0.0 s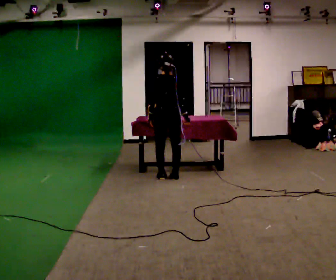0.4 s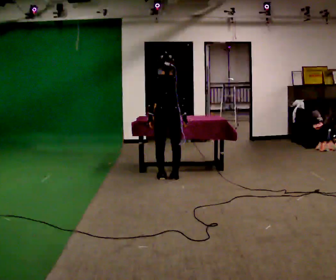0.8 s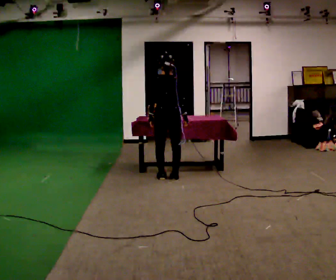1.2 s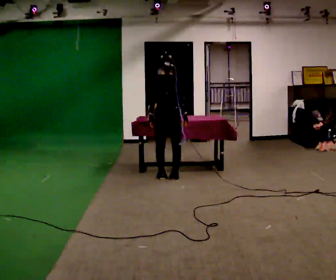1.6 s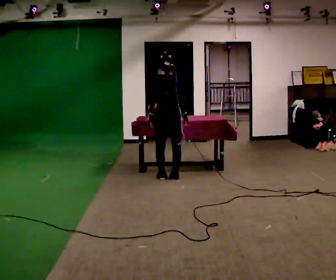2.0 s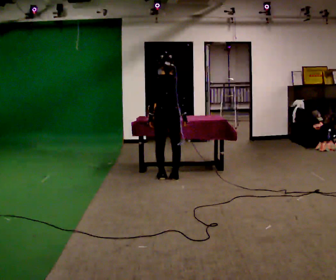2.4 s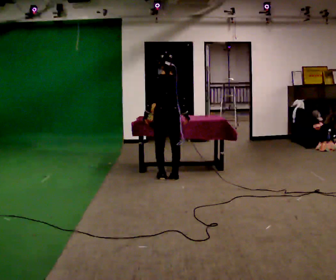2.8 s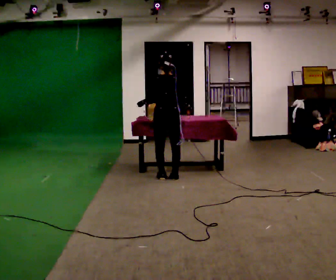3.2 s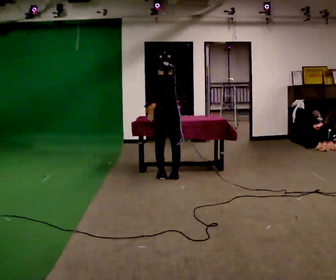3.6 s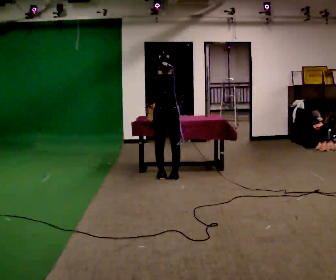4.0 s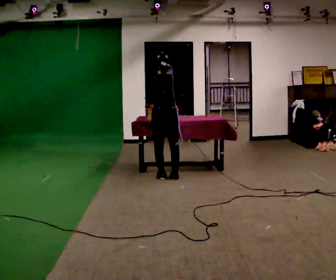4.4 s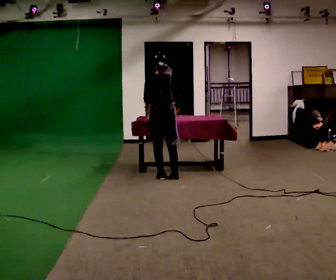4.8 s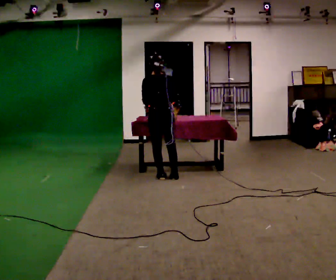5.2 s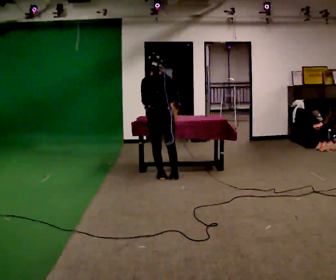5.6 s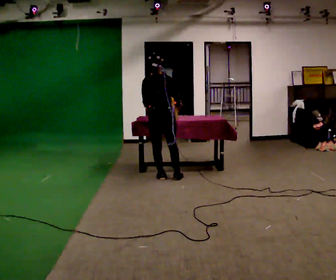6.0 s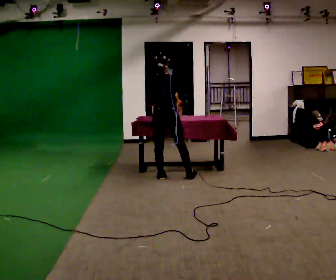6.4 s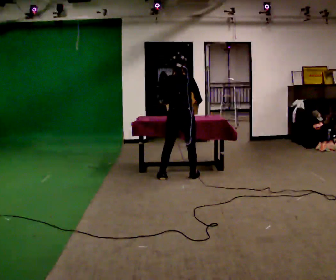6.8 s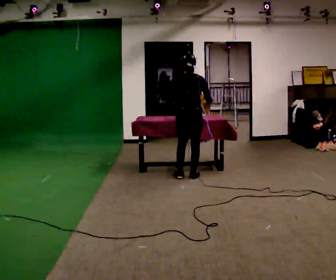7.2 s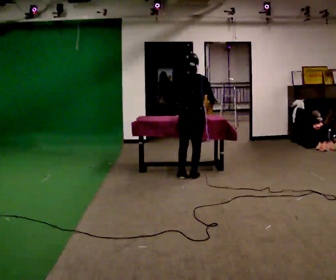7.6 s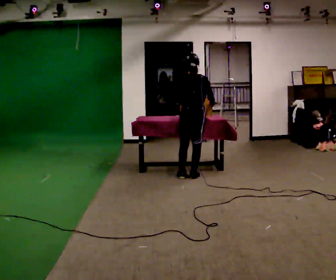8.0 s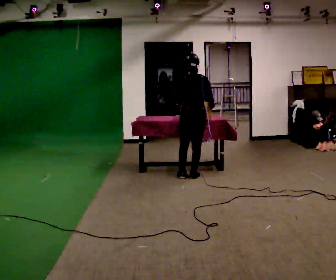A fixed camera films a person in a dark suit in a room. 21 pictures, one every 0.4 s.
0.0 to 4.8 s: The person moves a little, or ends about where they began.
4.8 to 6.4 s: In the picture they go to the right, about 0.25 m in 1 step, which for them is to their right.
6.4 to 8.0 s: In the picture they go to the right, about 0.25 m in 1 step, which for them is to their right.
The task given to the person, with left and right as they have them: Lift the heavy object with both hands and set it down again in a different spot on the same surface. Repeat at your own pace until the operator says stop. Keep both feet on the marked spots for the whole take. If you have to step, stop and tell the operator.
The film runs forward here.
